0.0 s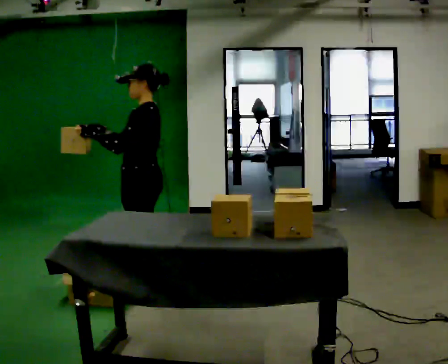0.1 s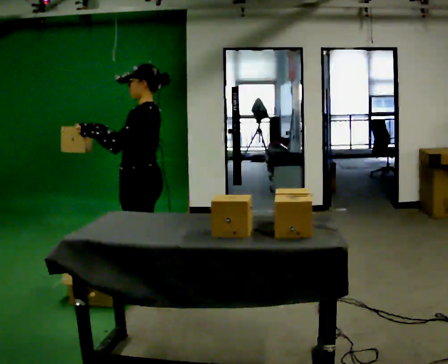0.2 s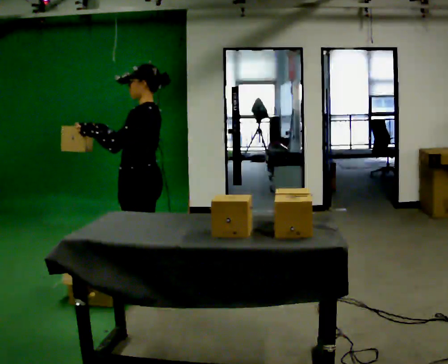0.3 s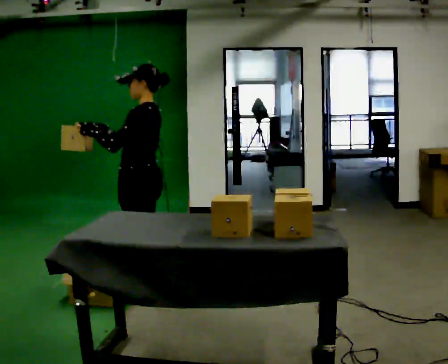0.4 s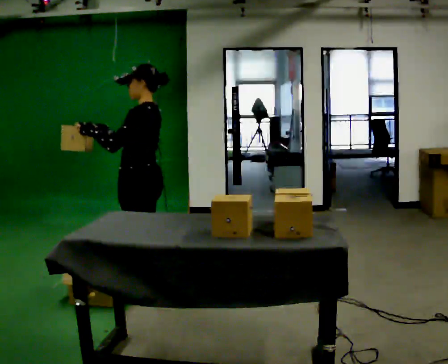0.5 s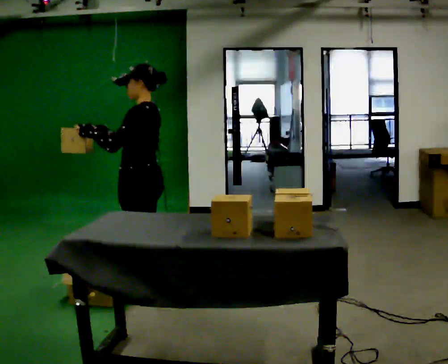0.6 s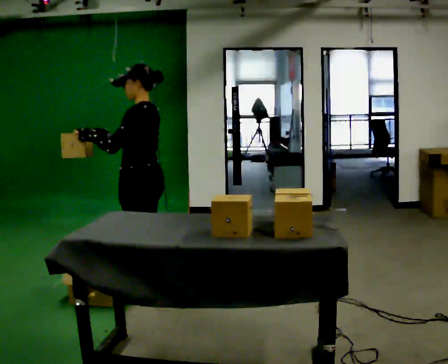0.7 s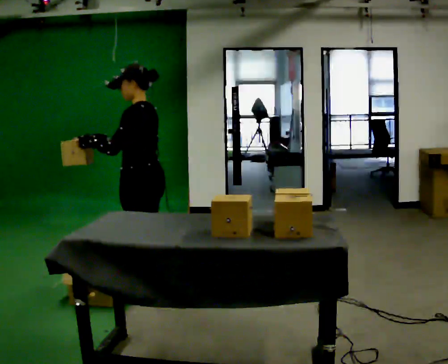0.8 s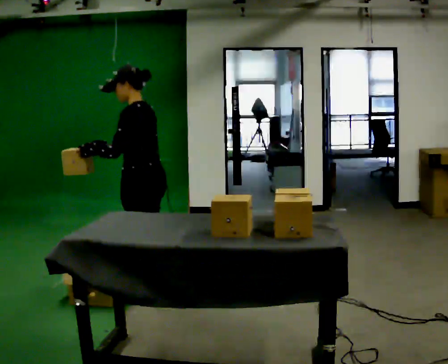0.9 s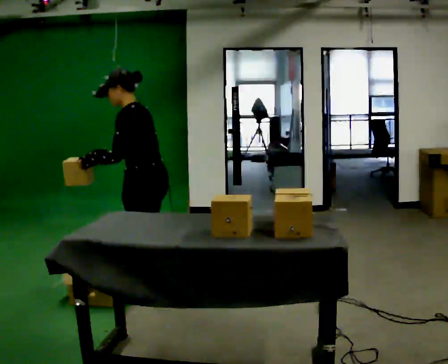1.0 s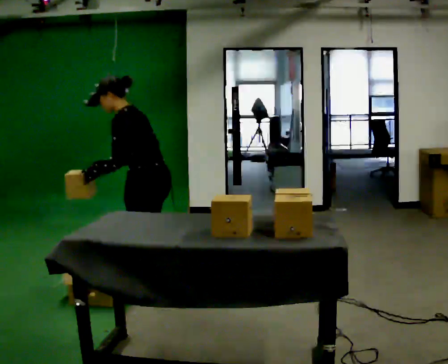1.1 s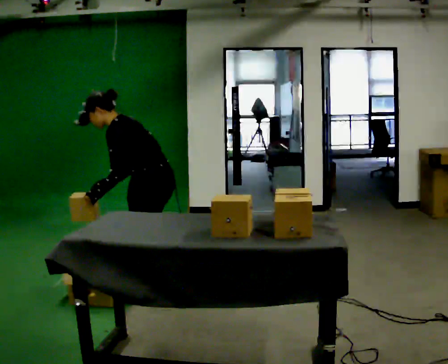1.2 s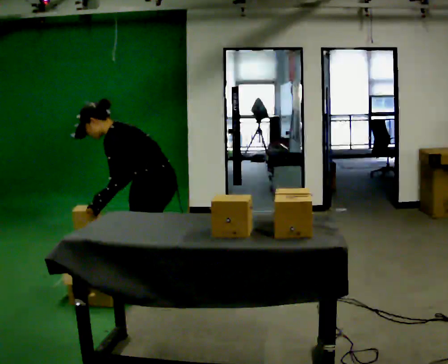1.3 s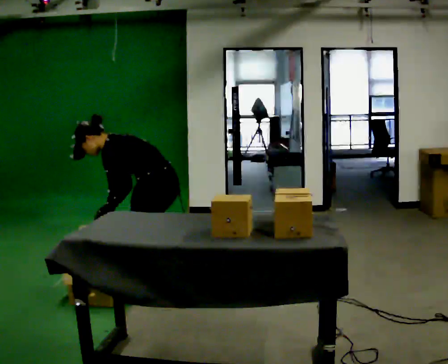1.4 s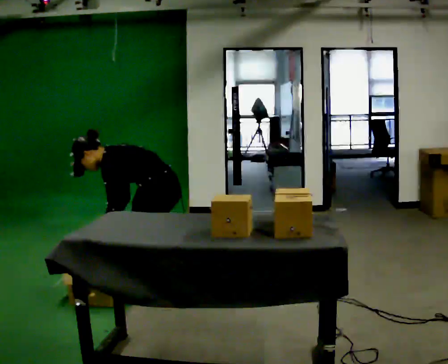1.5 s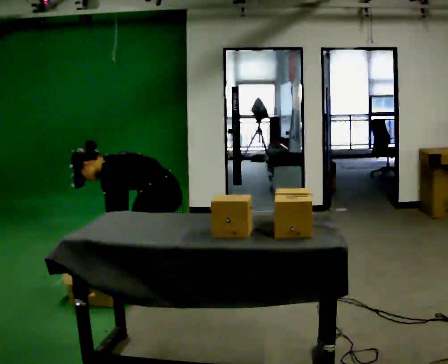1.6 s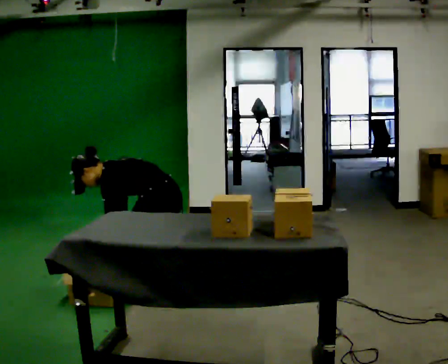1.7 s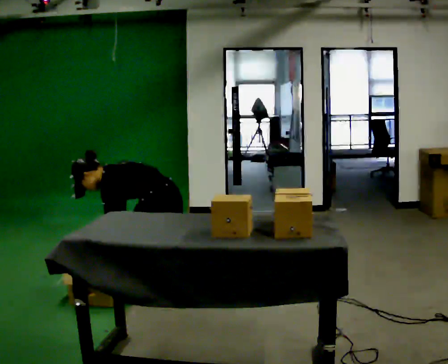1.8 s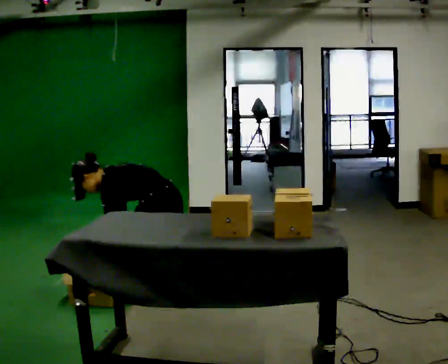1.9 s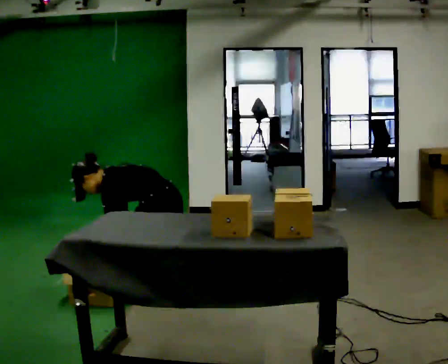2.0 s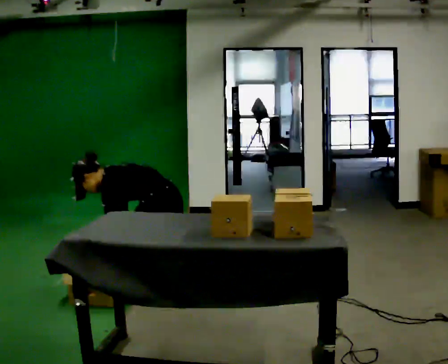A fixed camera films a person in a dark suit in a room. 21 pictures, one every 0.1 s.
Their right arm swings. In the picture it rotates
counterclockwise.
The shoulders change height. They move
downward.
0.0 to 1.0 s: In the picture the upper body tilts counterclockwise, shoulders to the left, as they bend forward.
1.0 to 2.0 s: The upper body goes downward. In the picture the upper body tilts counterclockwise, shoulders to the left, as they bend forward. In the picture their right hand goes downward.
The film runs backward here.
